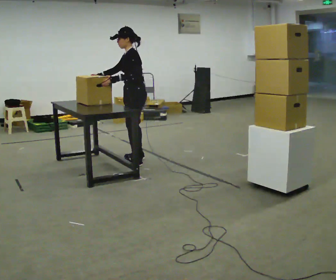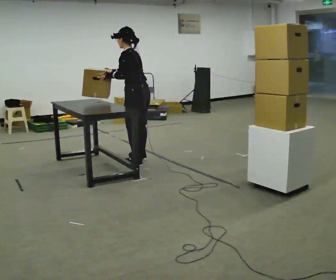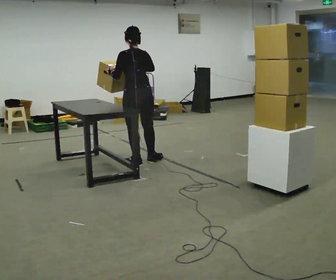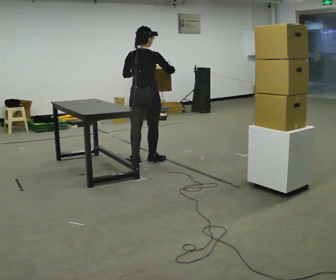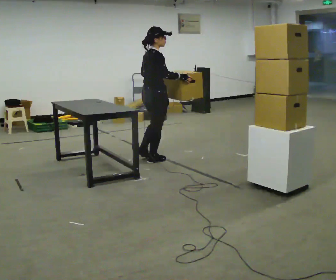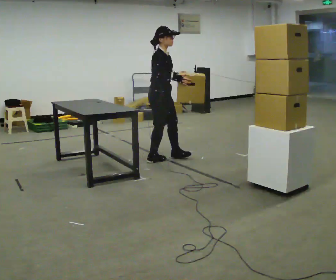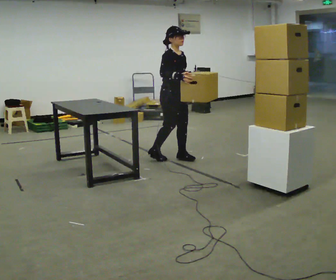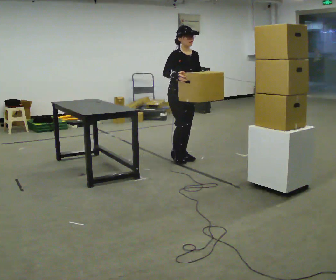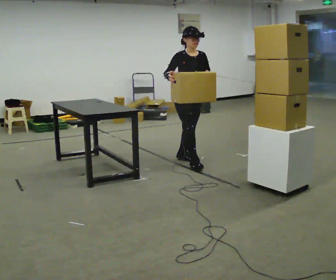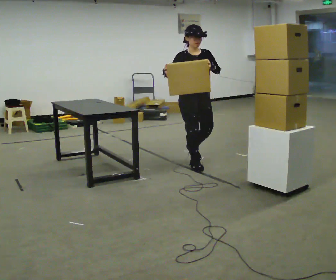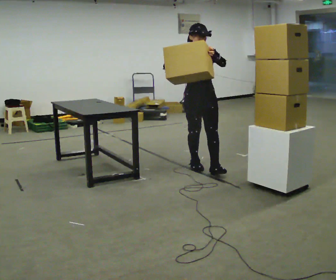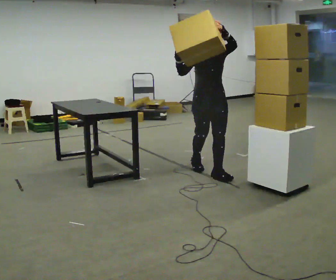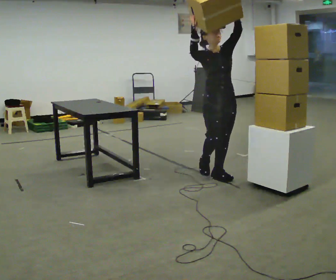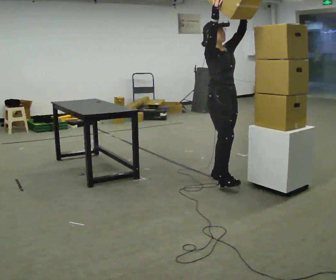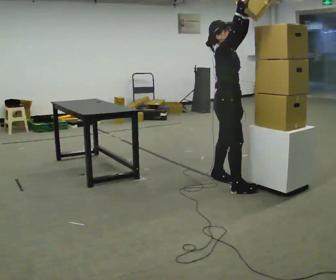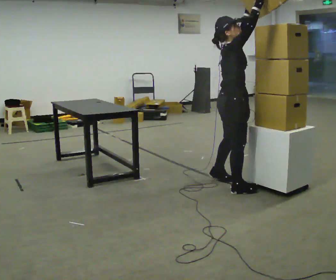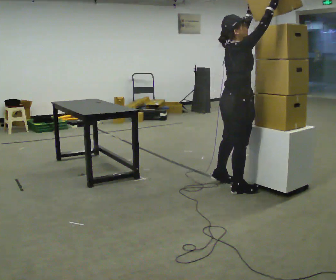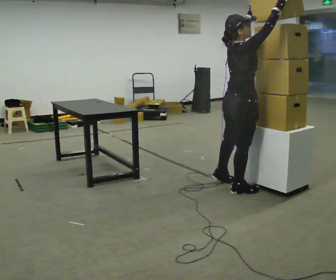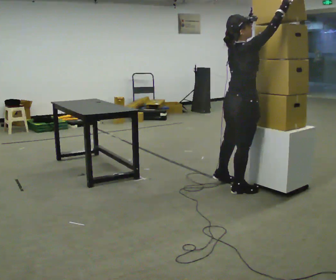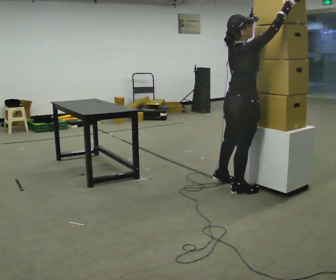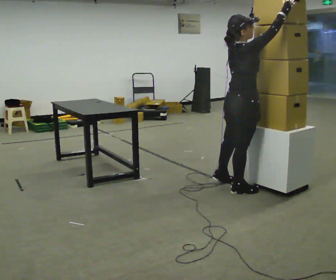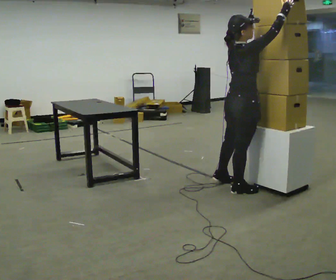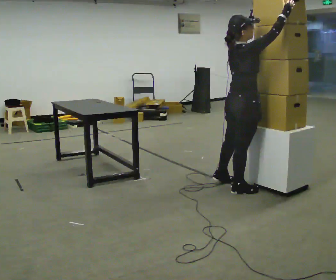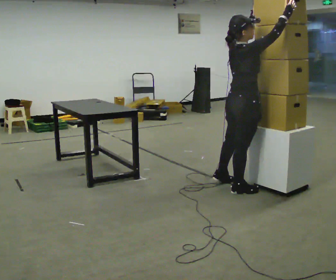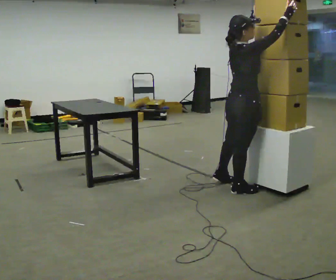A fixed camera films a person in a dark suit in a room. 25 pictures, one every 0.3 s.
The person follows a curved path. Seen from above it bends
clockwise.
0.0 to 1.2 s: The part of the body nearest the lens slides to the left as the person turns to their right by about 150 degrees. In the picture they go to the right, about 0.25 m in 1 step. In the picture the upper body tilts clockwise, shoulders to the right. In the picture their right hand goes to the right.
1.2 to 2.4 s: Seen from above the body turns clockwise, about 90 degrees: to their right, with its near side sliding to the left. In the picture they go to the right, about 0.5 m in 2 steps.
2.4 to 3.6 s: In the picture they go toward the camera and to the right, about 0.75 m in 1 step, which for them is forward. In the picture their left hand goes upward.
3.6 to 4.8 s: The person turns about 90 degrees to their left, counterclockwise seen from above, so the part of the body nearest the lens slides to the right. In the picture they go toward the camera, about 0.5 m in 2 steps.
4.8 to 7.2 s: The person moves a little, or ends about where they began.
The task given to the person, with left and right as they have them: Move the objects one at a time between the far targets the operator calls, without moving your feet. Repeat at your own pace until the operator says stop. Keep both feet on the marked spots for the whole take. If you have to step, stop and tell the operator.
The film runs forward here.
